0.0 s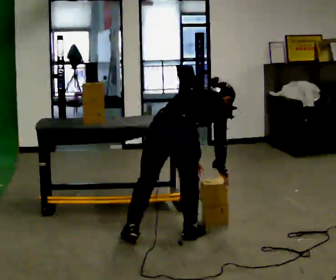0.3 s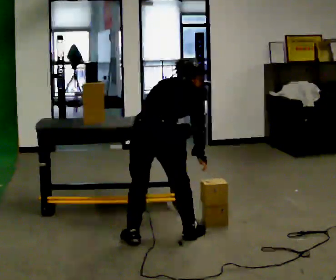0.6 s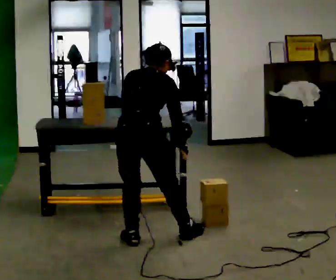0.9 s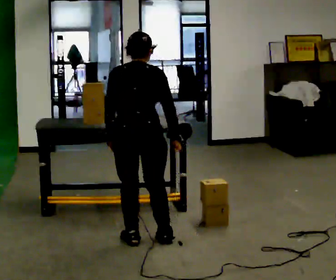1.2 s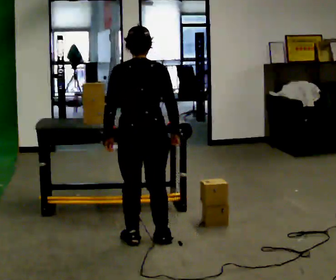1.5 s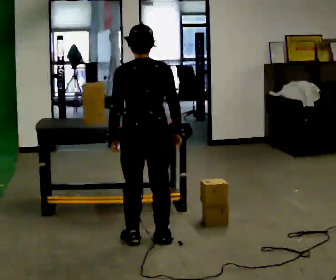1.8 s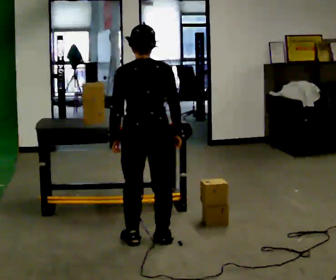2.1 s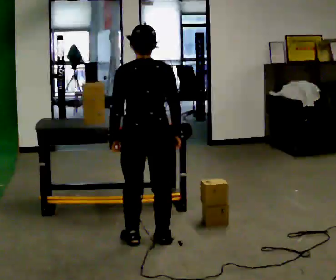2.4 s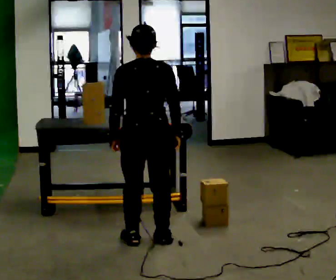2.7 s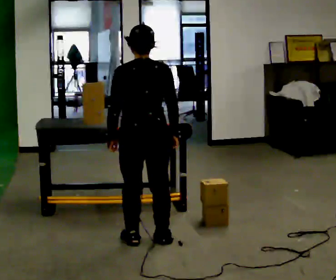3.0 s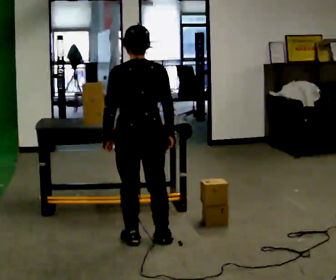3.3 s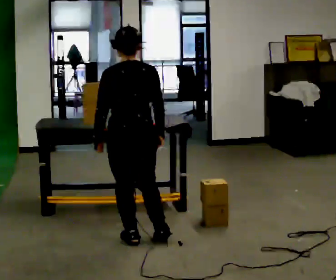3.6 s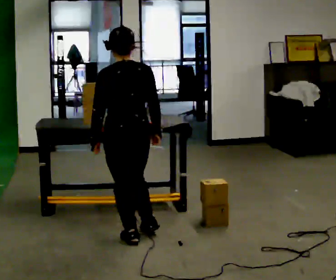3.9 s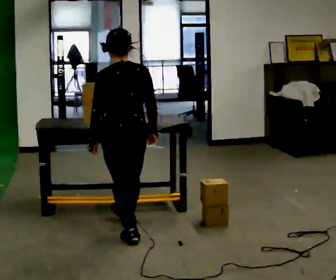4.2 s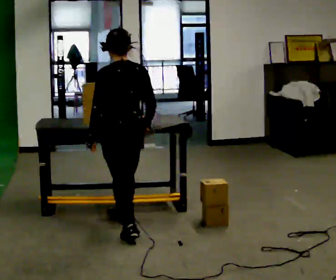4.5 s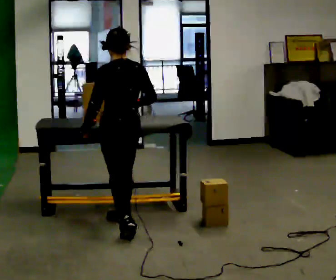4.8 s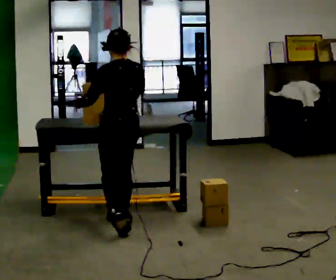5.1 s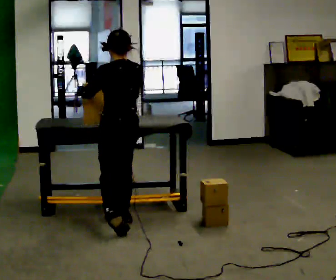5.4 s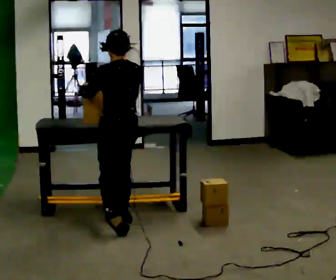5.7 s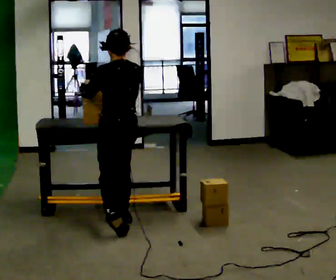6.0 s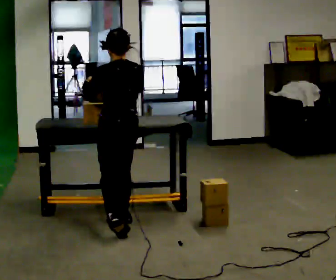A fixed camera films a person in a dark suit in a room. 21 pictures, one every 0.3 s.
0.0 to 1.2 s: Seen from above the body turns counterclockwise, about 45 degrees: to their left, with its near side sliding to the right. In the picture they go to the left, about 0.25 m, which for them is to their left. The shoulders move upward. In the picture the upper body tilts counterclockwise, shoulders to the left, as they lean back or straighten. In the picture their left hand goes to the left.
1.2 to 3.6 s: The person moves a little, or ends about where they began.
3.6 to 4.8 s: In the picture they go away from the camera, about 0.25 m in 1 step, which for them is forward and to their right.
4.8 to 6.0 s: The person moves a little, or ends about where they began.
The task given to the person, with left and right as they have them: Carry the object over and line it up with the mark on the surface as accurately as you can. Keep going until the operator says stop; one object at a time, and do not rush between trips.
The film runs forward here.
